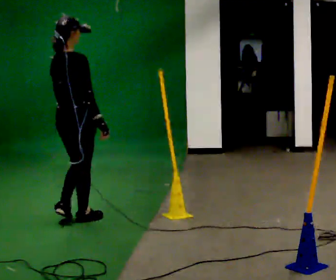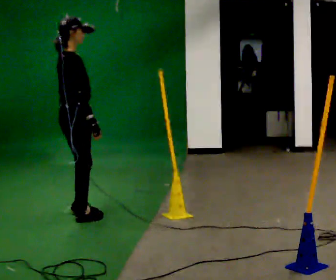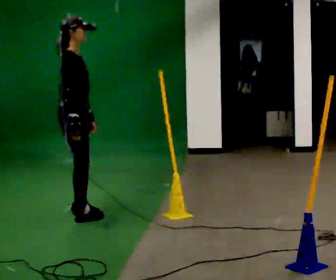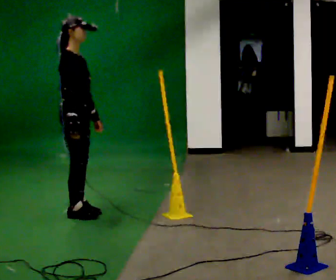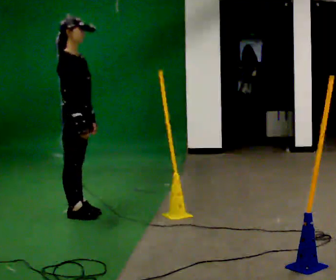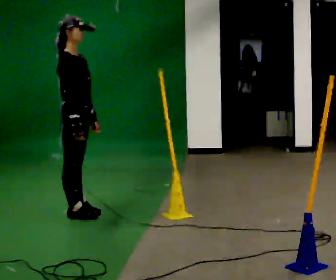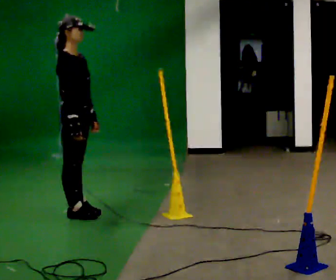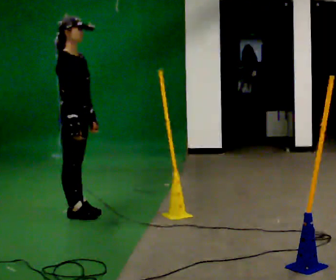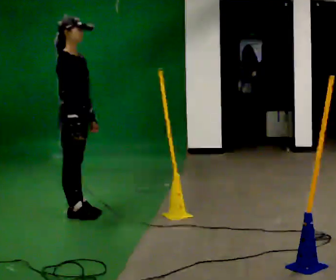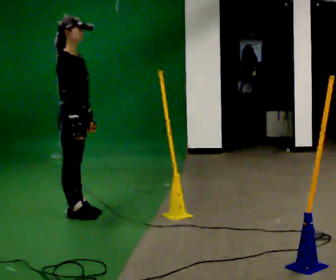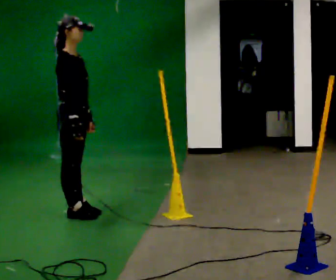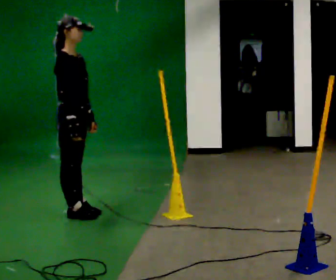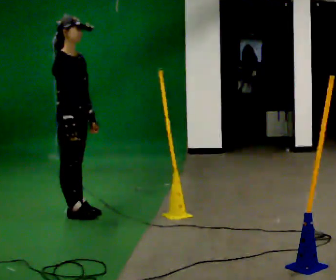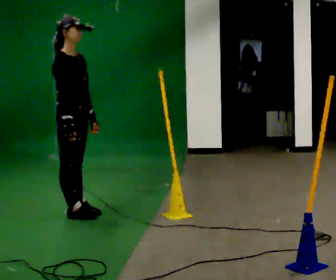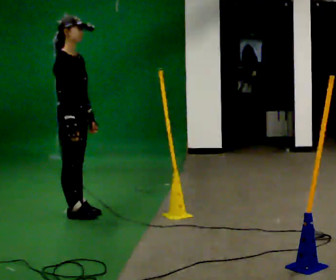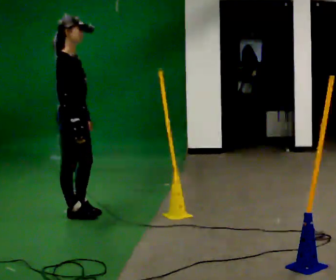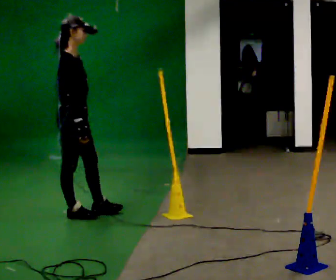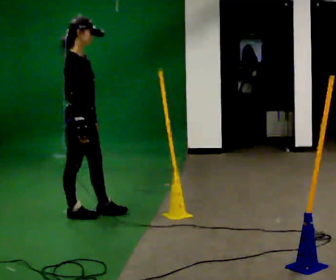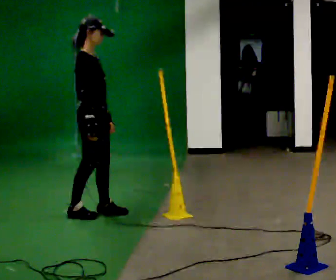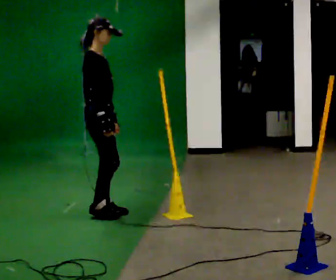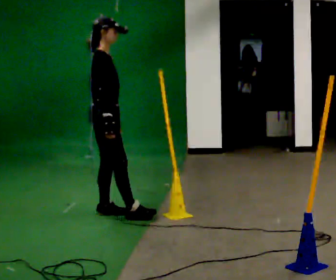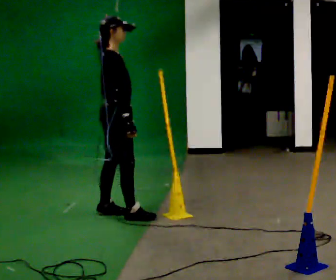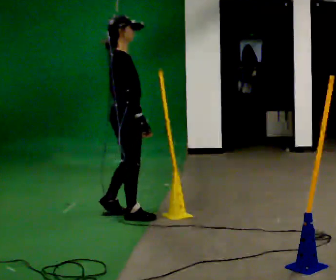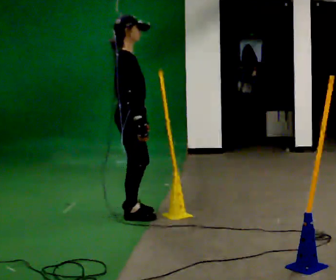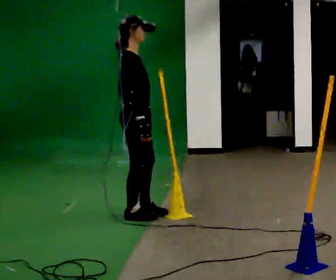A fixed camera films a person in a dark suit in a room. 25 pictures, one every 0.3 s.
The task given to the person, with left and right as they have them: Walk back and forth across the room at a normal pace, looking ahead. There may be something on the floor. Recover however comes naturally and carry on.
0.0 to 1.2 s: The part of the body nearest the lens slides to the left as the person turns to their right by about 60 degrees. In the picture they go away from the camera, about 0.25 m in 2 steps, which for them is to their left.
1.2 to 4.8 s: The person moves a little, or ends about where they began.
4.8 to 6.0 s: In the picture they go to the right, about 0.25 m in 2 steps, which for them is forward and to their left.
6.0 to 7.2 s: In the picture they go to the right, about 0.25 m in 1 step, which for them is forward and to their right.
The film runs forward here.
